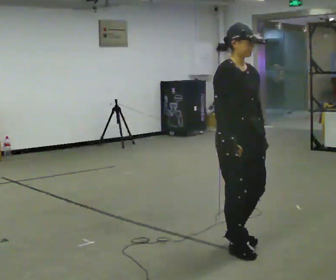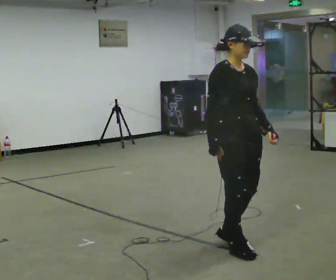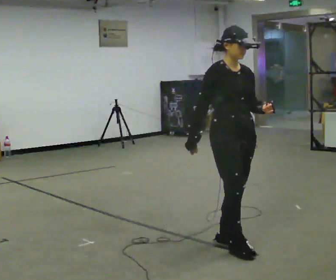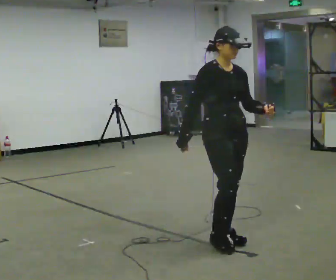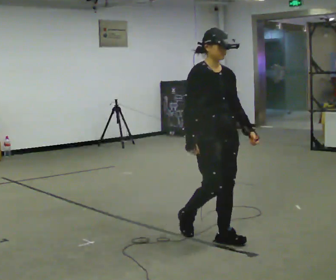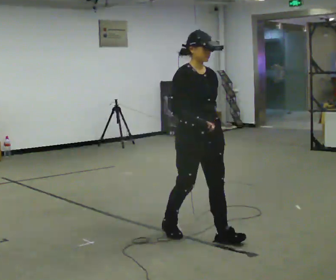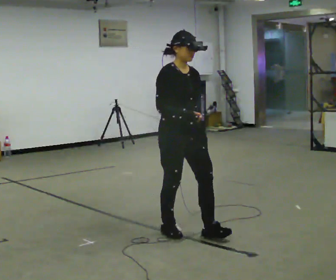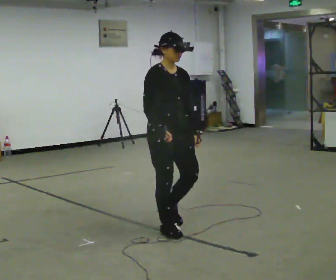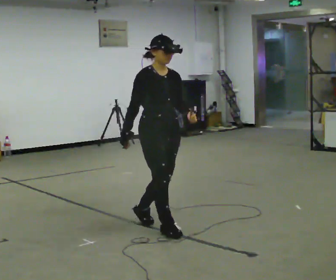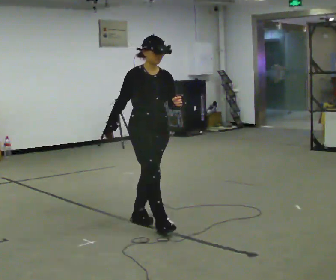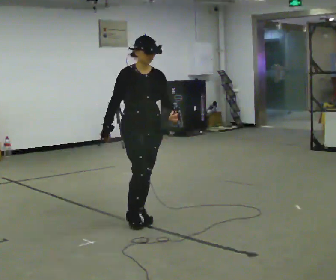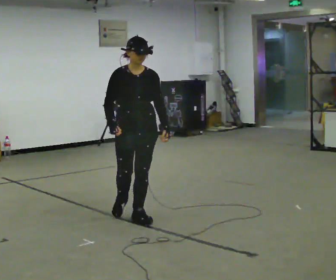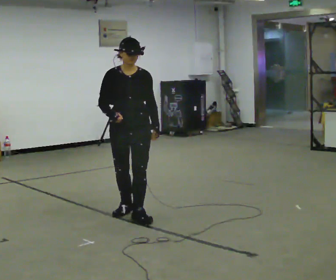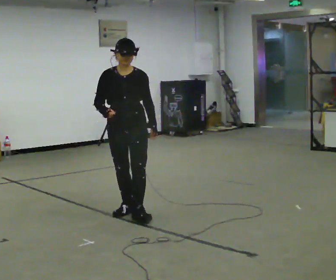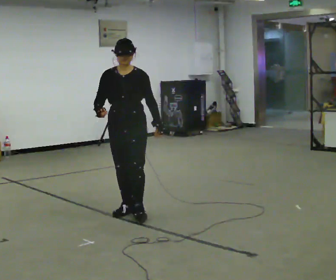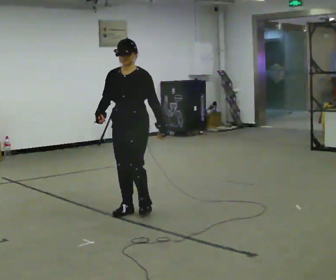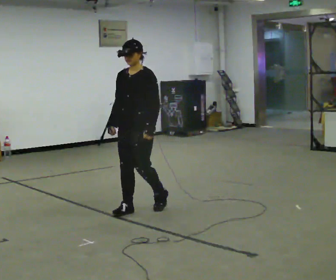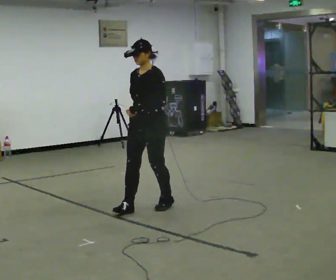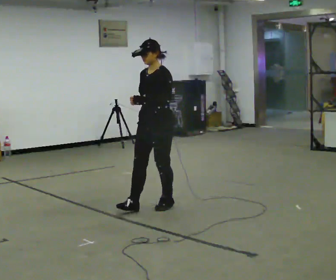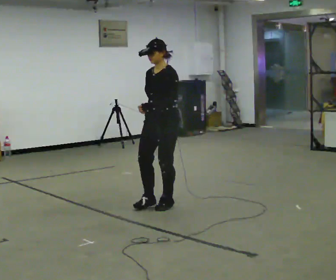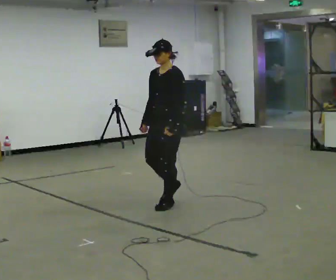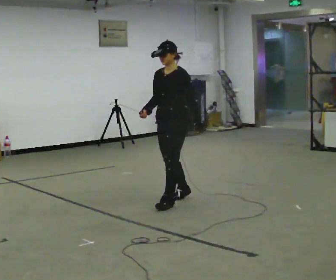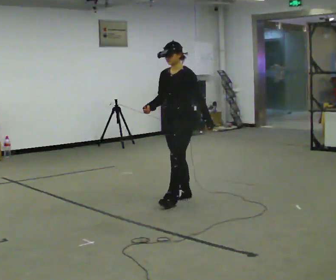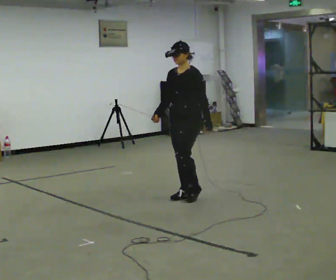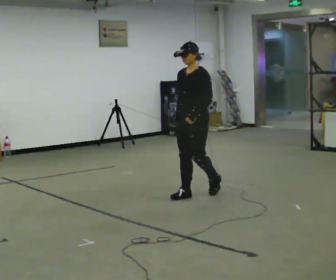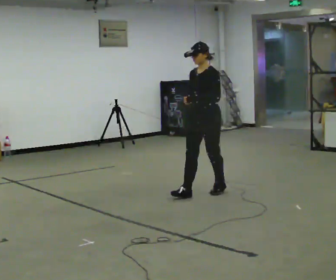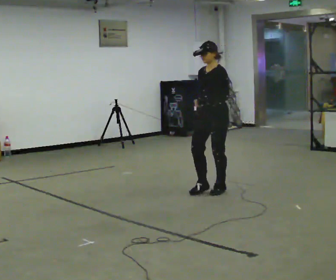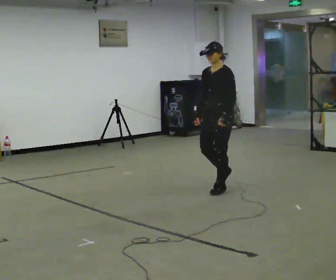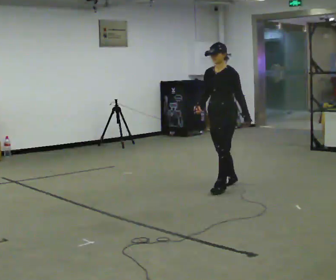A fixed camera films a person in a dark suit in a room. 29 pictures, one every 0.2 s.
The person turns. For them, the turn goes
to their right.
The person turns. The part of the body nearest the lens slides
to the left.
0.0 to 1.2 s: In the picture they go away from the camera and to the left, about 0.5 m in 2 steps, which for them is backward.
1.2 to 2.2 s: In the picture they go away from the camera and to the left, about 0.5 m in 1 step, which for them is backward.
2.2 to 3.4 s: The part of the body nearest the lens slides to the left as the person turns to their right by about 60 degrees. In the picture they go away from the camera, about 0.25 m in 1 step, which for them is backward.
3.4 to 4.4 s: In the picture they go away from the camera and to the right, about 0.5 m in 2 steps, which for them is backward.
4.4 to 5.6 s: In the picture they go to the right and away from the camera, about 0.75 m in 1 step, which for them is backward.
The film runs backward here.
